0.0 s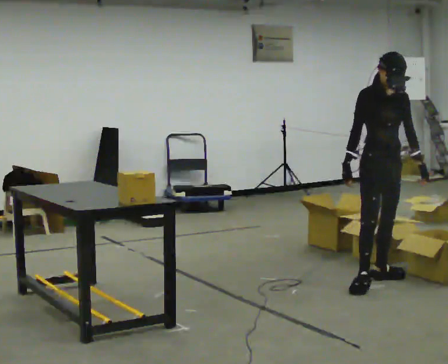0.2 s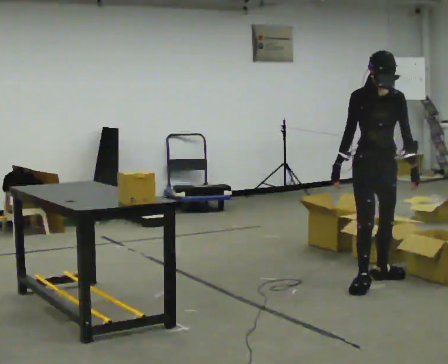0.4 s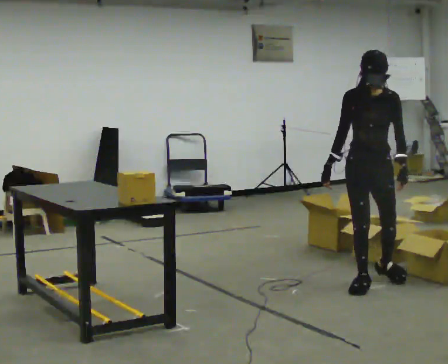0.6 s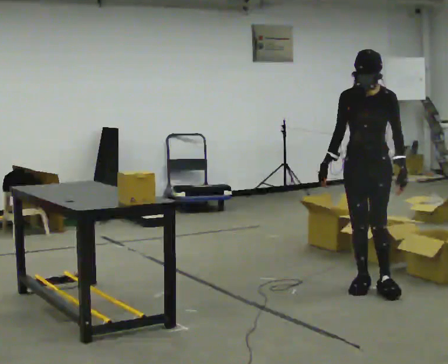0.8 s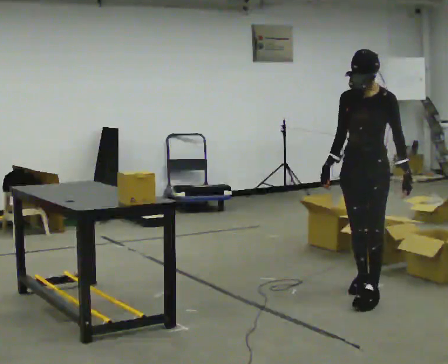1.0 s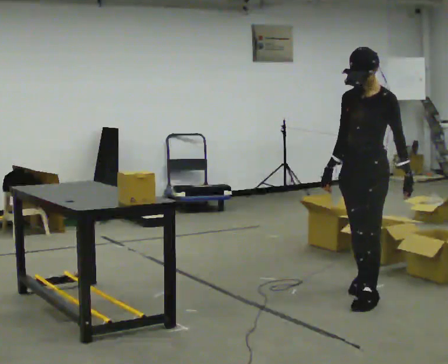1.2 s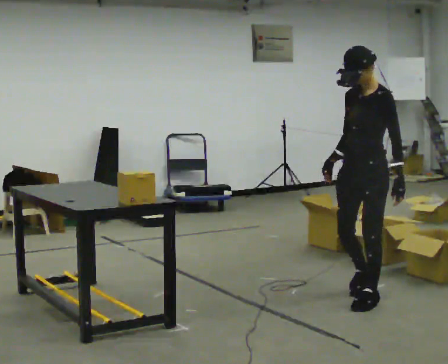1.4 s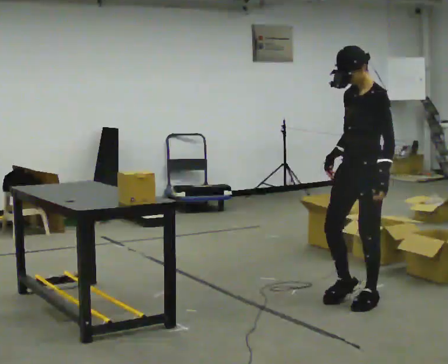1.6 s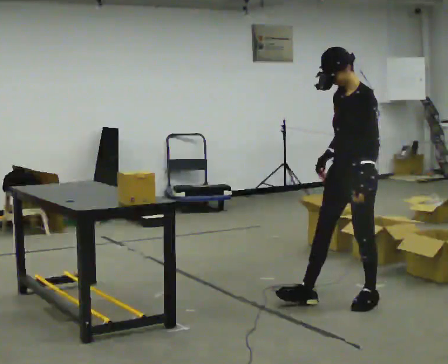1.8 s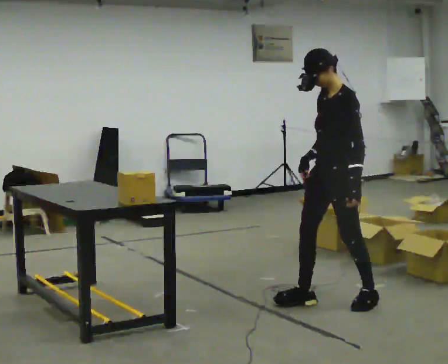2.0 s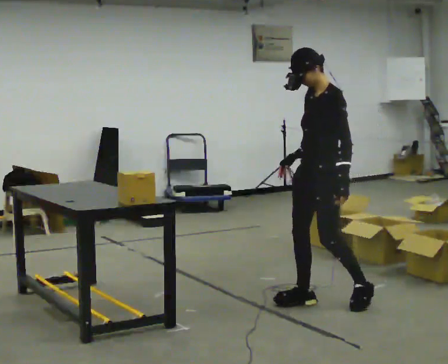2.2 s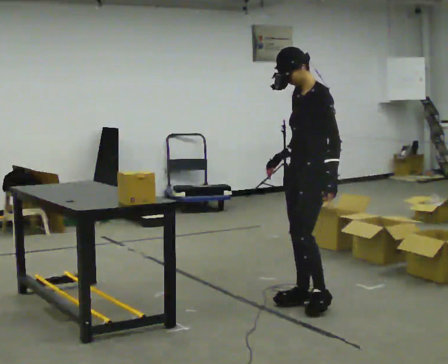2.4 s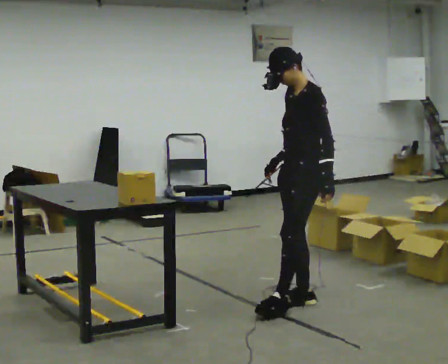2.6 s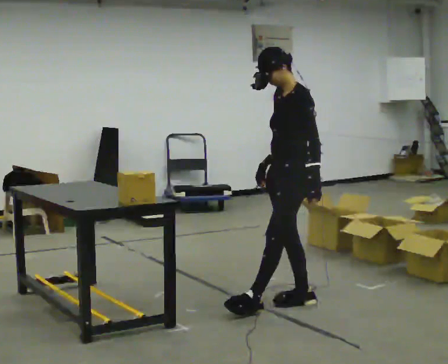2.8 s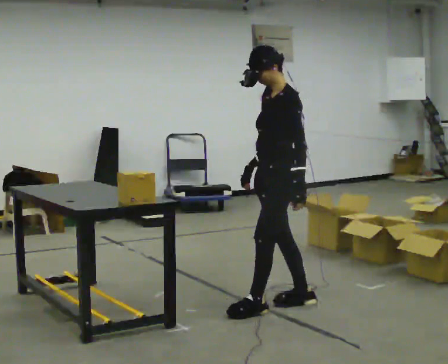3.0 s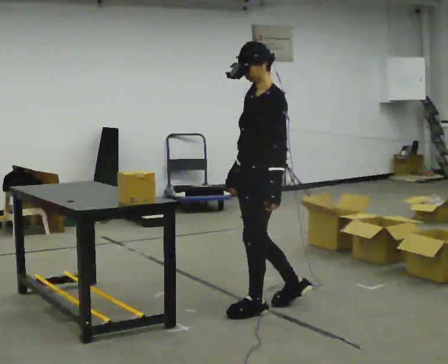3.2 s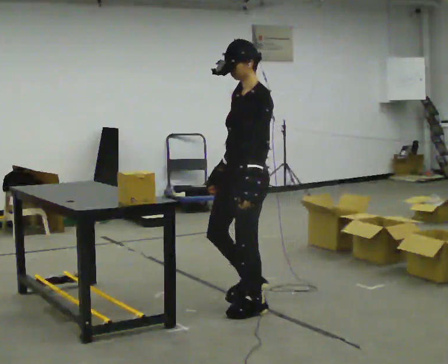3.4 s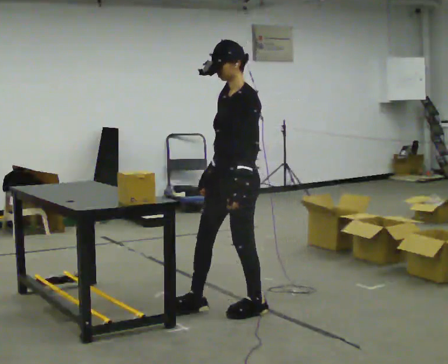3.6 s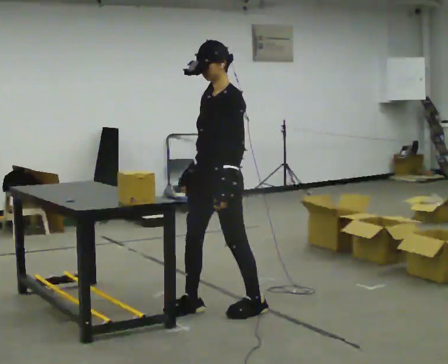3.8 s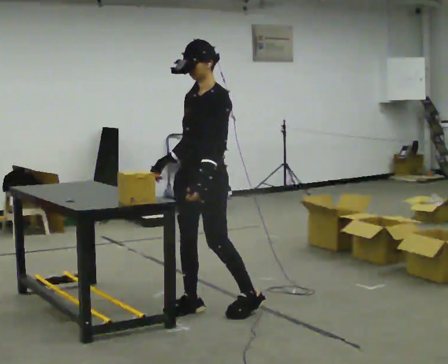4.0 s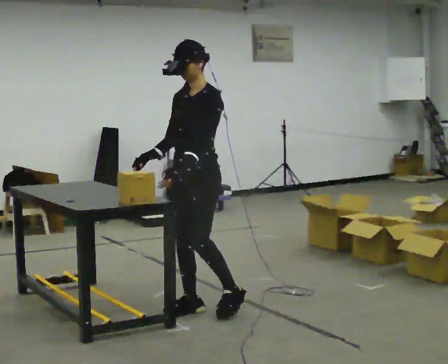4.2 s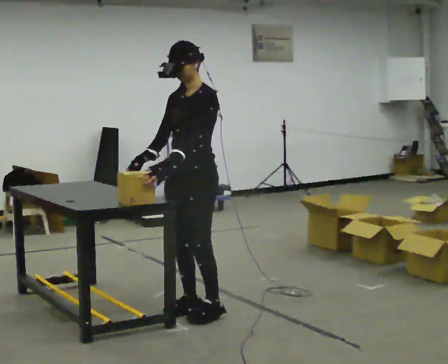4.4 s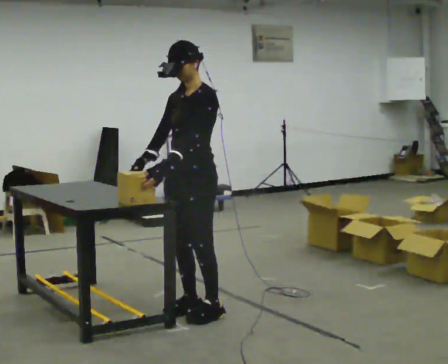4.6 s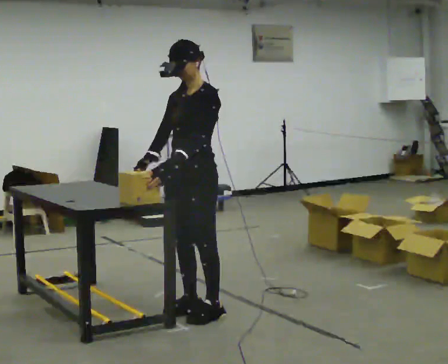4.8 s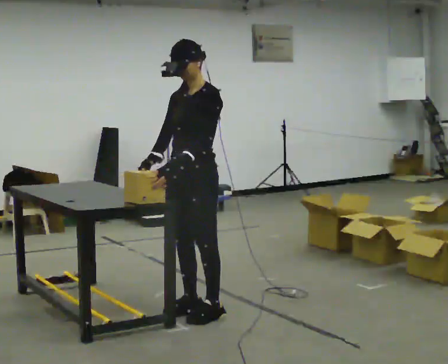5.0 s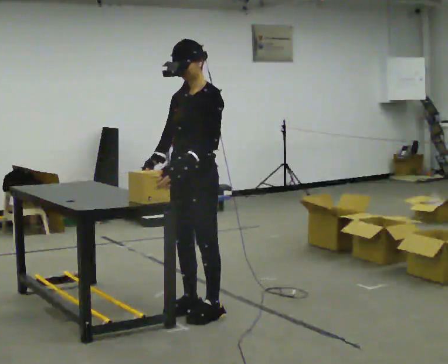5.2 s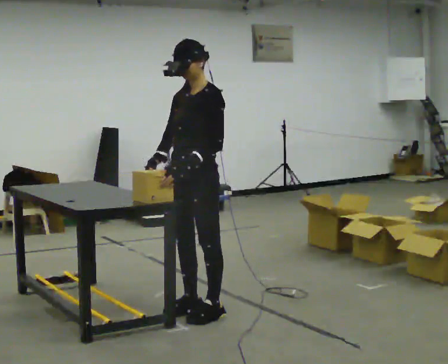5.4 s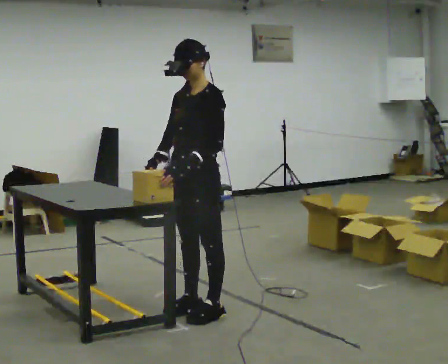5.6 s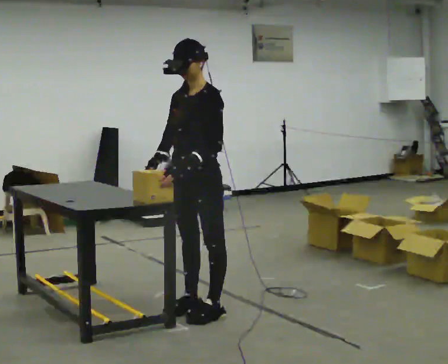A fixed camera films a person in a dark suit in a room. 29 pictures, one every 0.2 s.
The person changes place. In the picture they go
to the left.
The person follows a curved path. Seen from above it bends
clockwise.
0.0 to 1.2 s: Seen from above the body turns clockwise, about 75 degrees: to their right, with its near side sliding to the left. In the picture they go toward the camera, about 0.5 m in 1 step.
1.2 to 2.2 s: In the picture they go to the left, about 0.25 m in 1 step, which for them is forward.
2.2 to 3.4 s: In the picture they go to the left and toward the camera, about 0.5 m in 1 step, which for them is forward.
3.4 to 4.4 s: In the picture they go to the left, about 0.25 m in 2 steps, which for them is forward and to their right. In the picture their right hand goes to the left.
4.4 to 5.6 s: The person moves a little, or ends about where they began.
The film runs forward here.
